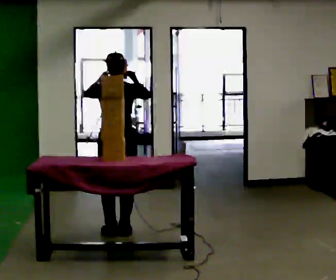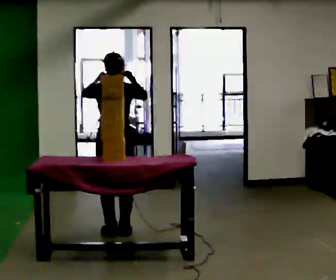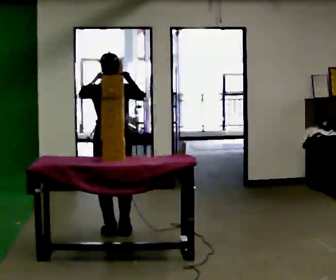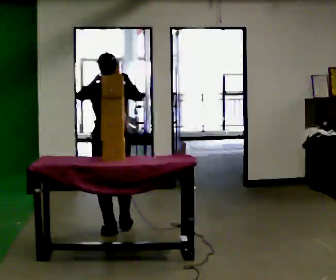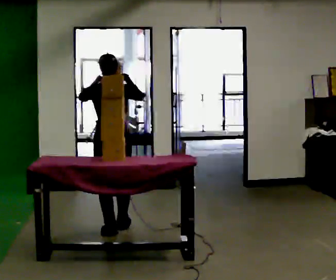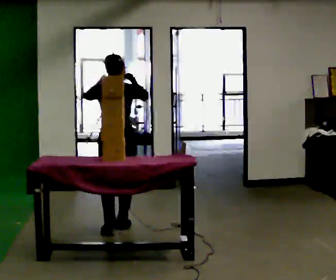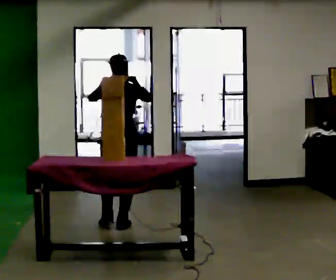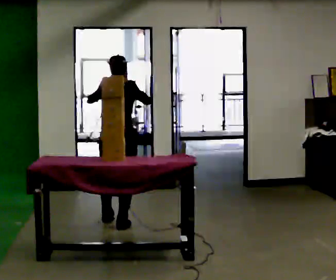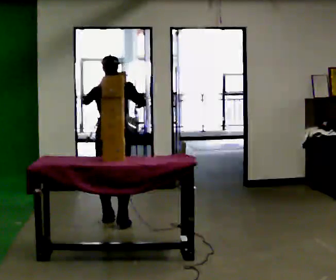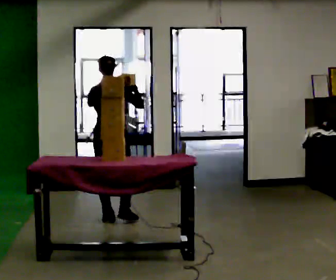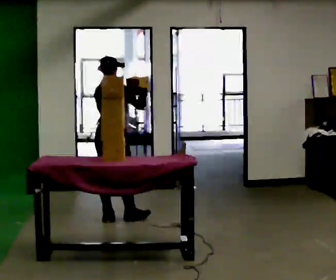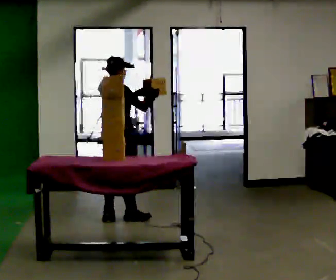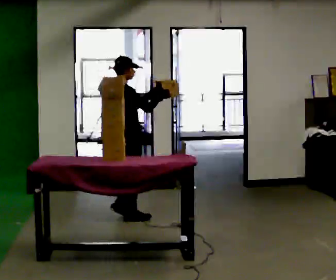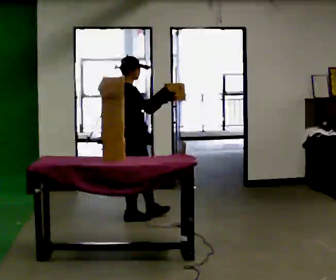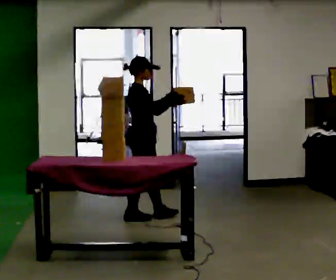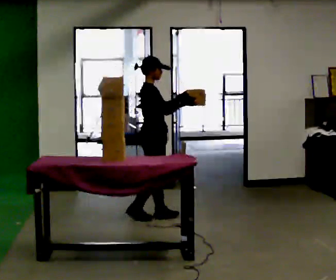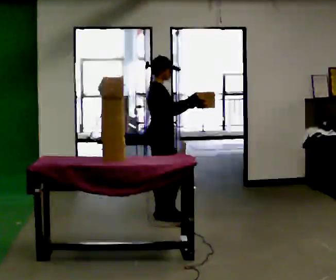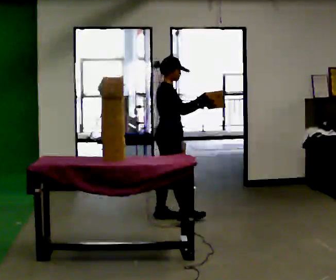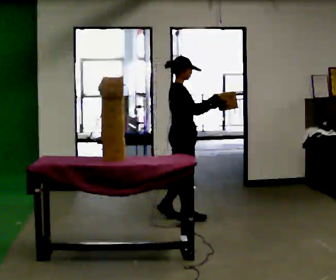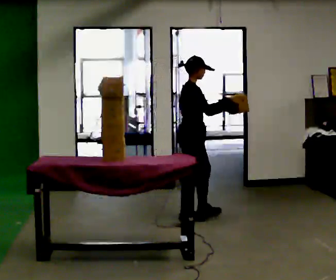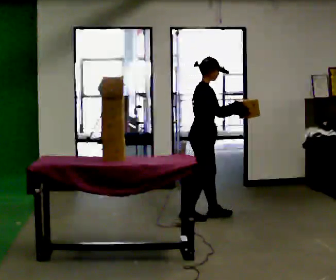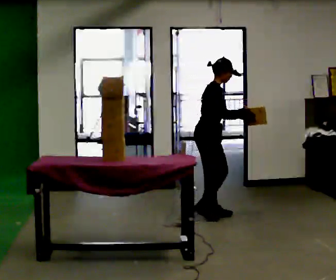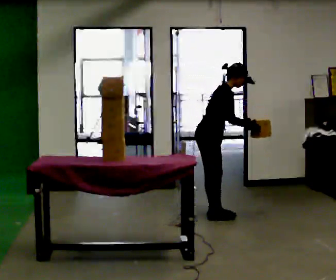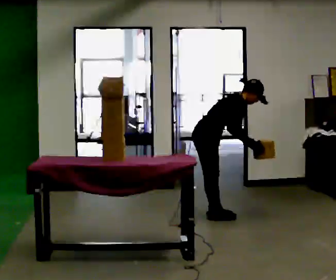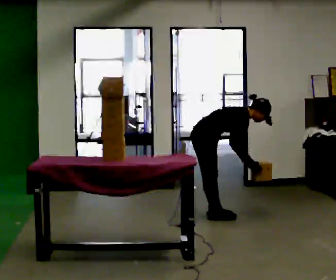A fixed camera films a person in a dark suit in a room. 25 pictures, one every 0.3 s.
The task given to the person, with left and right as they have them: Take boxes off the top of the stack one at a time and carry them away, walking back for each one. Keep going until the operator says stop; one object at a time, and do not rush between trips.
0.0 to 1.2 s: The person moves a little, or ends about where they began.
1.2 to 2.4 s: In the picture they go away from the camera, about 0.5 m in 1 step, which for them is forward.
2.4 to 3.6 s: Seen from above the body turns clockwise, about 60 degrees: to their right, with its near side sliding to the left.
3.6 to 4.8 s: In the picture they go to the right, about 0.25 m in 1 step, which for them is forward.
4.8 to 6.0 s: In the picture they go to the right, about 0.5 m in 2 steps, which for them is forward.
6.0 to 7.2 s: The upper body goes downward. In the picture the upper body tilts clockwise, shoulders to the right, as they bend forward. In the picture their left hand goes downward, the arm swinging clockwise.
The film runs forward here.
